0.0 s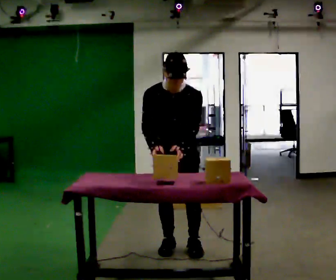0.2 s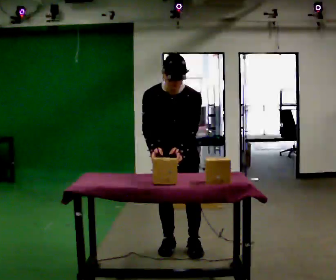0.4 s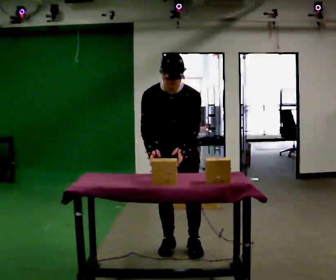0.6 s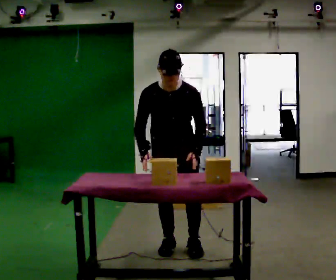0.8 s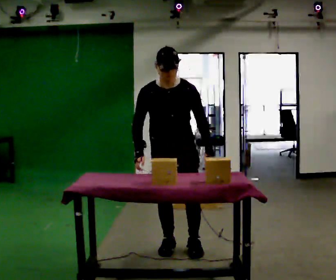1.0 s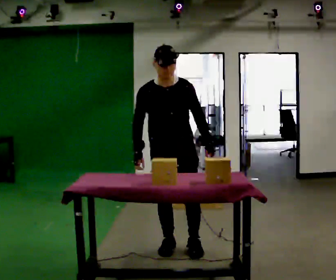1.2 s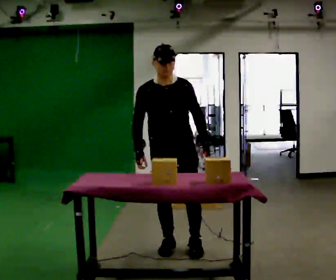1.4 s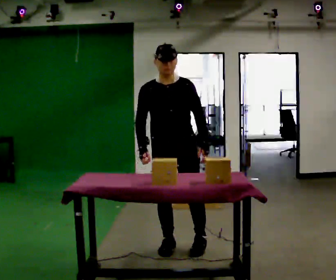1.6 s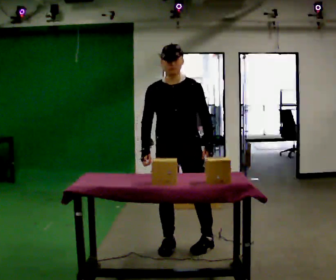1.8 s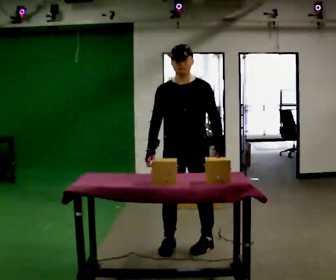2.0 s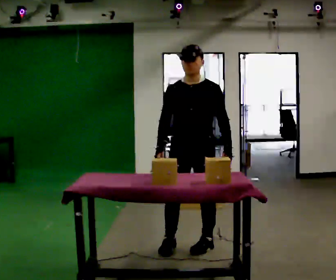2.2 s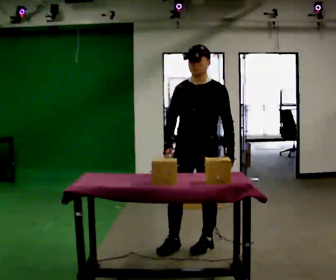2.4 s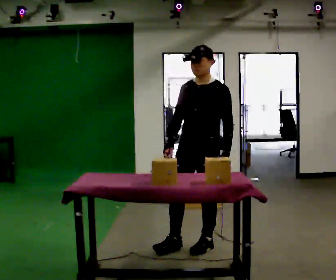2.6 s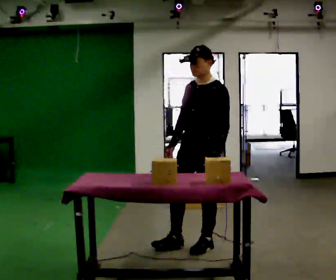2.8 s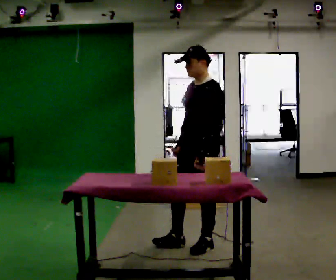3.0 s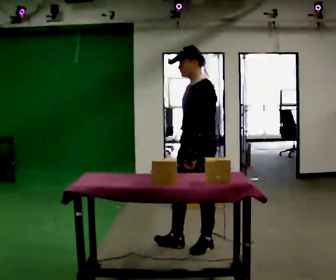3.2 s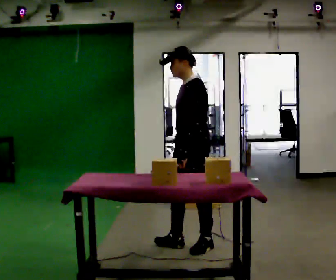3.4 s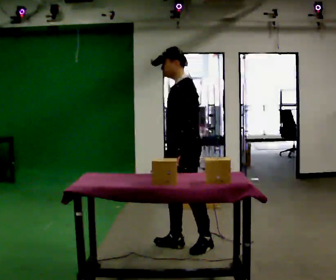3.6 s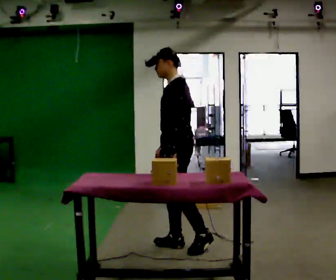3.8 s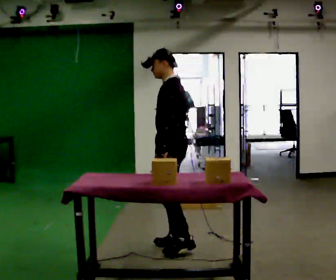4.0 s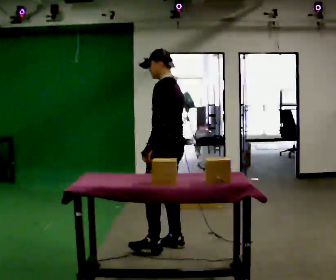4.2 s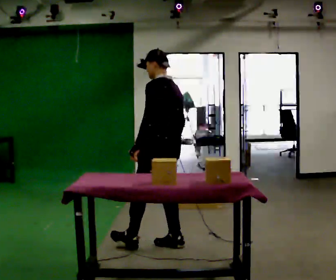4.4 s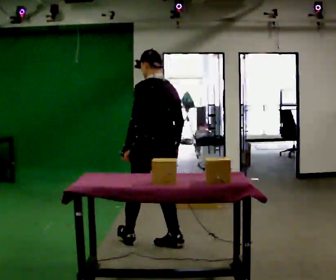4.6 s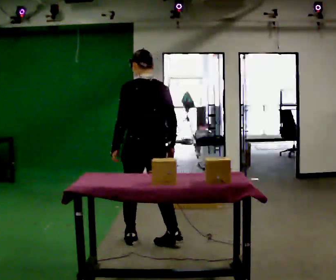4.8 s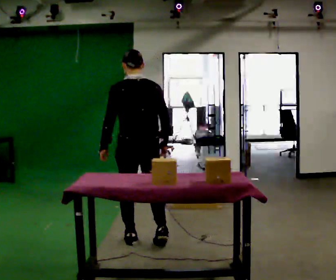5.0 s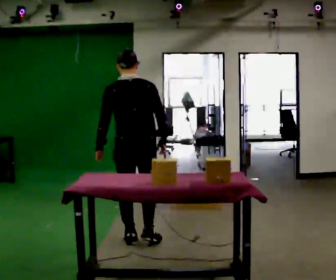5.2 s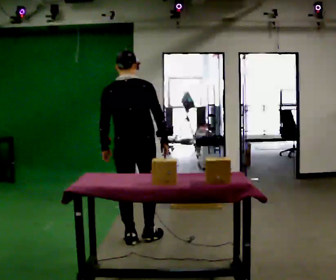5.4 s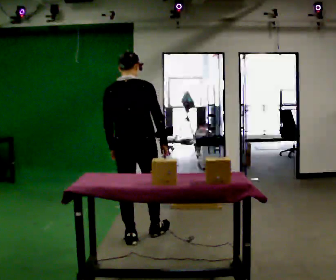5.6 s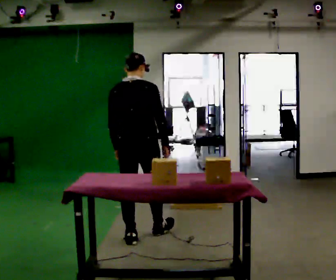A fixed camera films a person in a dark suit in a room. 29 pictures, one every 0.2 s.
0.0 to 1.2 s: The upper body tips away from the camera, its near side rolling upward, as they lean back or straighten.
1.2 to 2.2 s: Seen from above the body turns clockwise, about 30 degrees: to their right, with its near side sliding to the left. In the picture they go to the right, about 0.25 m, which for them is to their left.
2.2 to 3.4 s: Seen from above the body turns clockwise, about 45 degrees: to their right, with its near side sliding to the left.
3.4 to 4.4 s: Seen from above the body turns clockwise, about 60 degrees: to their right, with its near side sliding to the left. In the picture they go to the left, about 0.25 m.
4.4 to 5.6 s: Seen from above the body turns clockwise, about 60 degrees: to their right, with its near side sliding to the left. In the picture they go to the left, about 0.25 m in 2 steps, which for them is forward and to their left.
The film runs forward here.
